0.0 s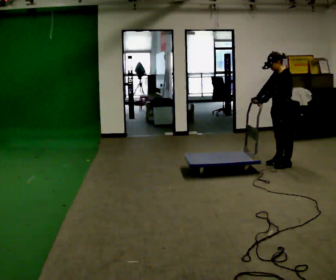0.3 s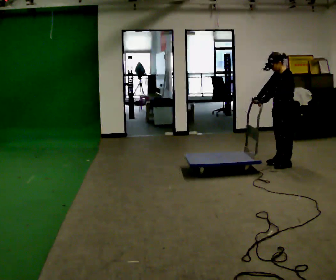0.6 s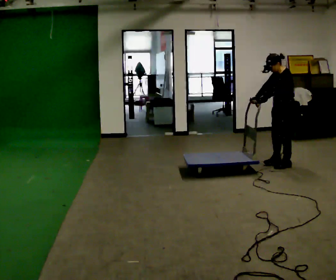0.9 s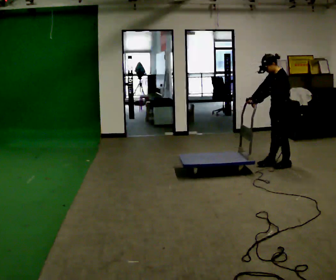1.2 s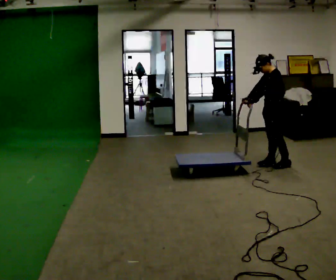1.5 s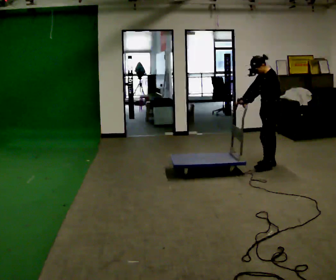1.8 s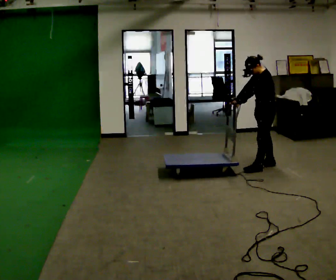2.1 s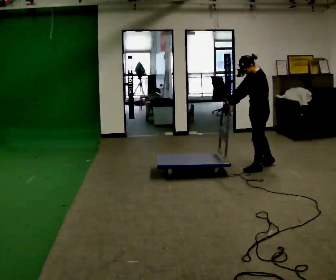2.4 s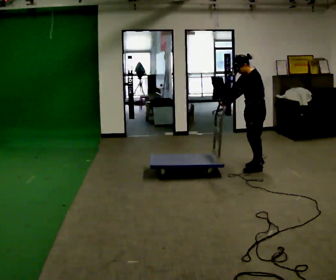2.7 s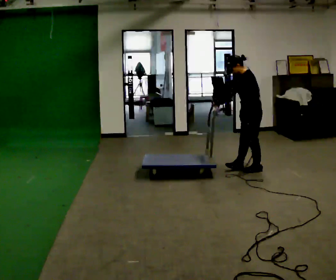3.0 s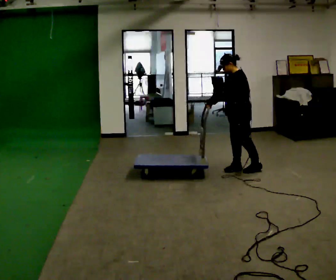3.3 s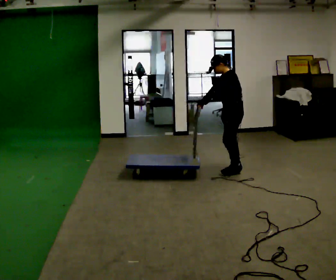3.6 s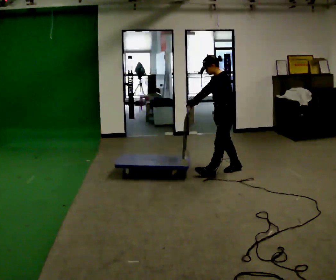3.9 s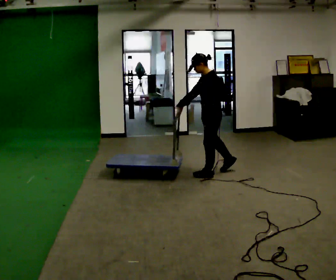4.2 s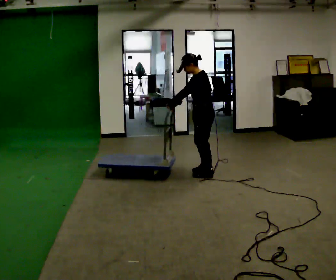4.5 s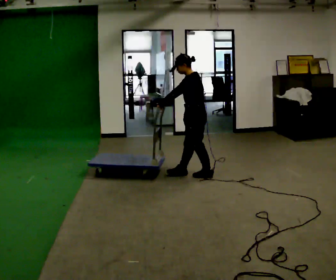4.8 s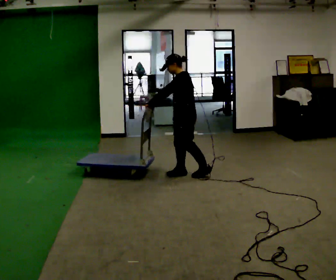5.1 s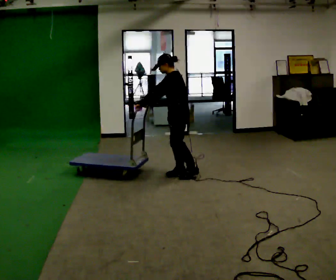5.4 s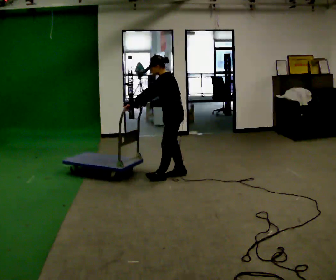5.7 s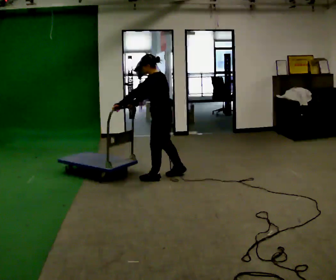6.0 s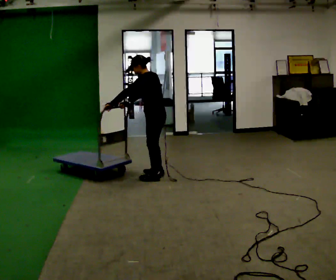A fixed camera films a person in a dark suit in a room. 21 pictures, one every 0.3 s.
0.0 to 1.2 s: The person moves a little, or ends about where they began.
1.2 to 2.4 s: In the picture they go to the left and toward the camera, about 0.25 m in 2 steps, which for them is forward.
2.4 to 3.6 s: In the picture they go to the left, about 0.25 m in 1 step, which for them is forward.
3.6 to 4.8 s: In the picture they go to the left and toward the camera, about 0.5 m in 1 step, which for them is forward.
4.8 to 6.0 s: In the picture they go to the left and toward the camera, about 0.25 m in 2 steps, which for them is forward.
The film runs backward here.
